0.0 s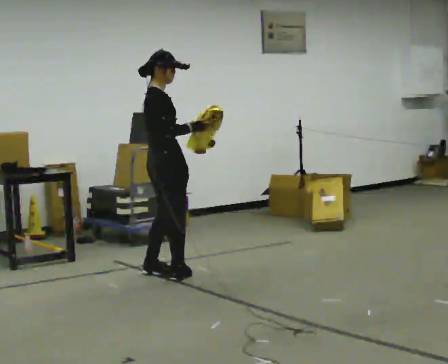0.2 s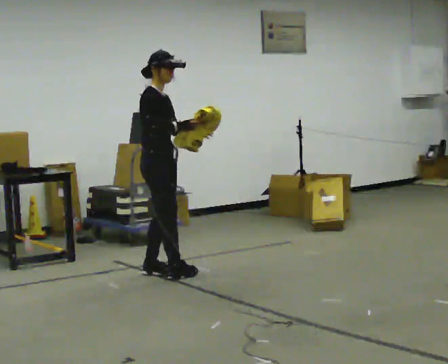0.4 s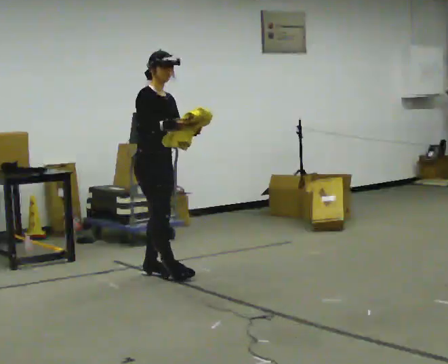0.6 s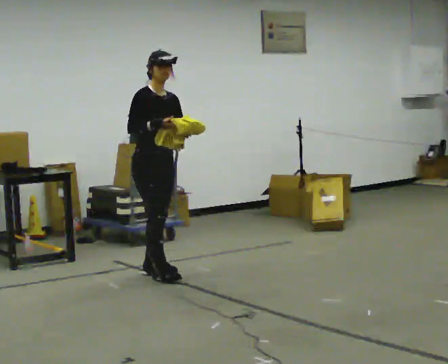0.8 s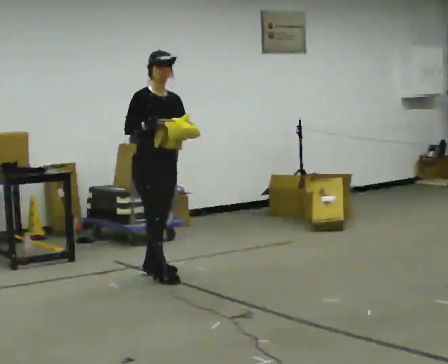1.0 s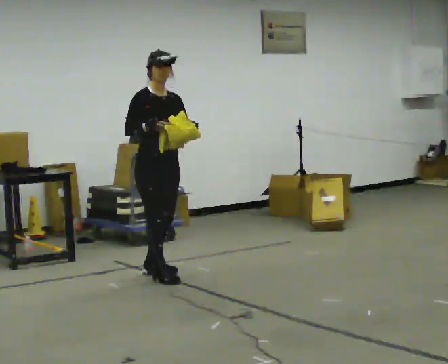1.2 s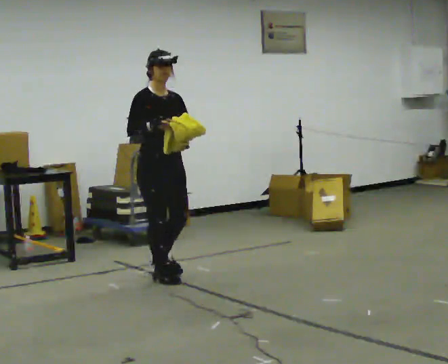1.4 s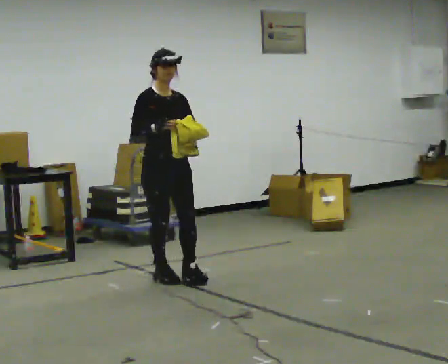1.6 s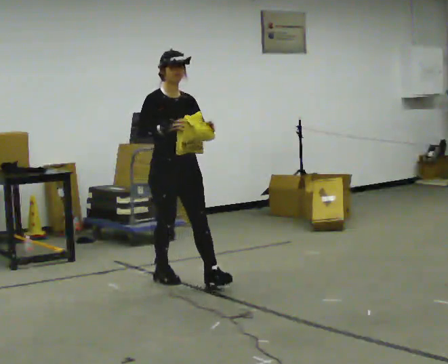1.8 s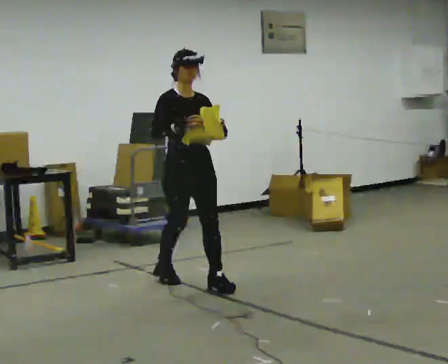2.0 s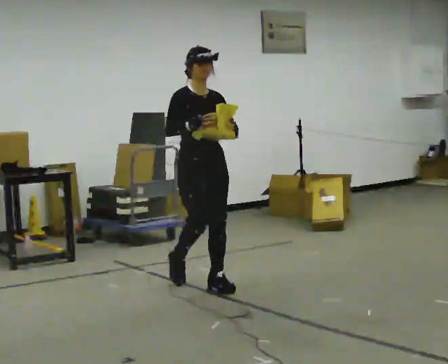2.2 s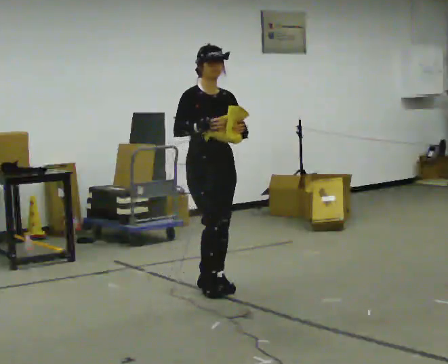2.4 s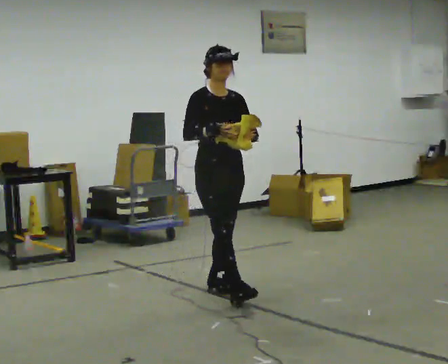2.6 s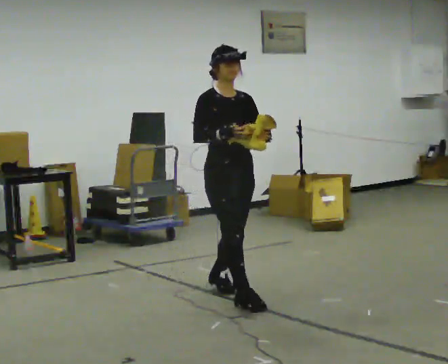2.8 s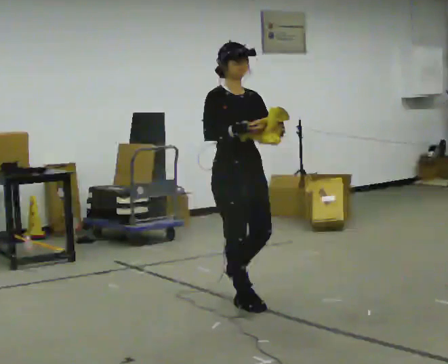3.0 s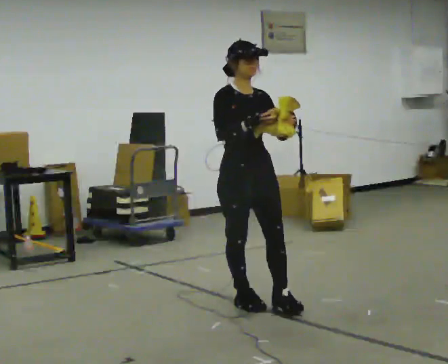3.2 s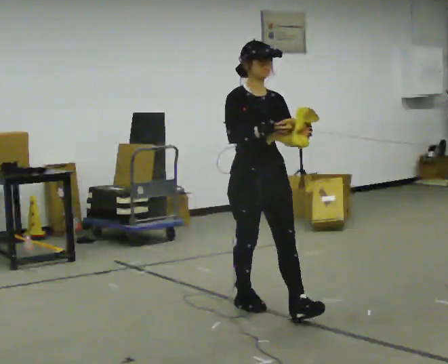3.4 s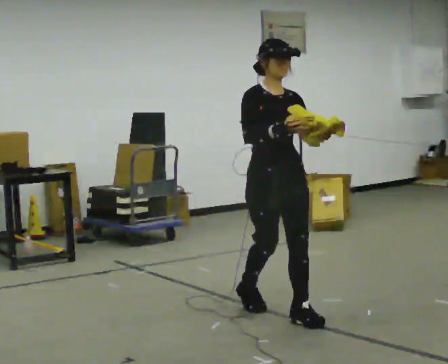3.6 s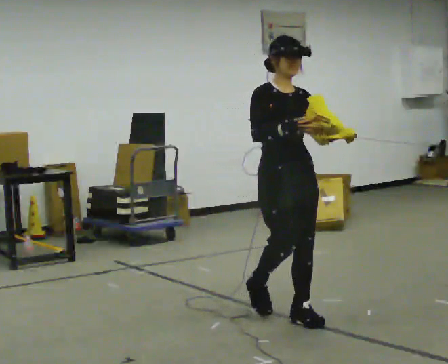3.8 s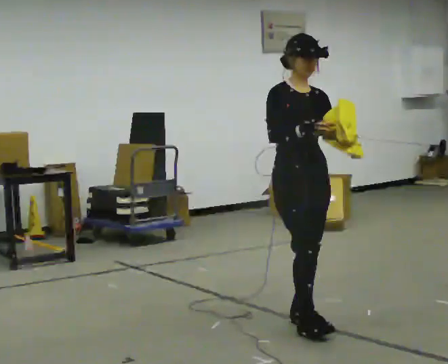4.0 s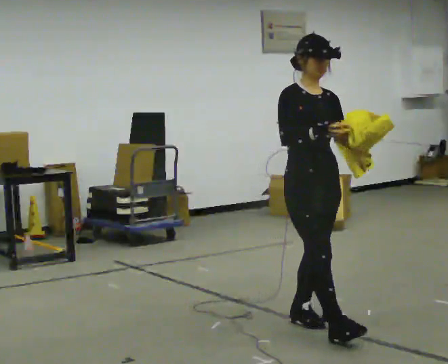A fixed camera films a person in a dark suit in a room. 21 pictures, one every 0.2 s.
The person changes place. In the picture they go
toward the camera.
0.0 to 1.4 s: Seen from above the body turns clockwise, about 60 degrees: to their right, with its near side sliding to the left. In the picture they go toward the camera, about 0.25 m in 1 step, which for them is forward.
1.4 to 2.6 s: In the picture they go toward the camera and to the right, about 0.5 m in 2 steps, which for them is forward.
2.6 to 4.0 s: In the picture they go toward the camera and to the right, about 1 m in 2 steps, which for them is forward.
The film runs forward here.
